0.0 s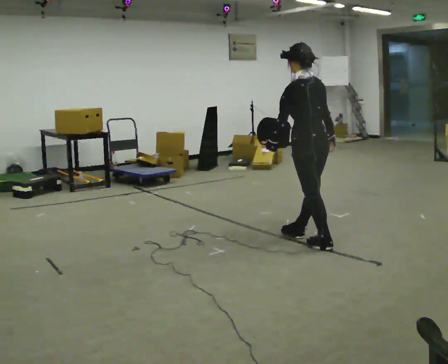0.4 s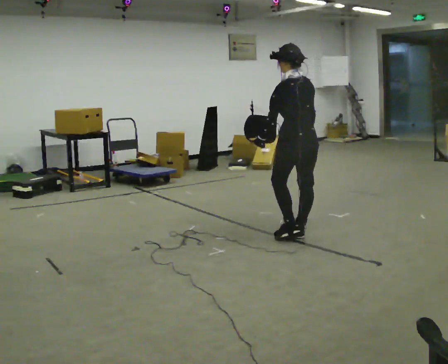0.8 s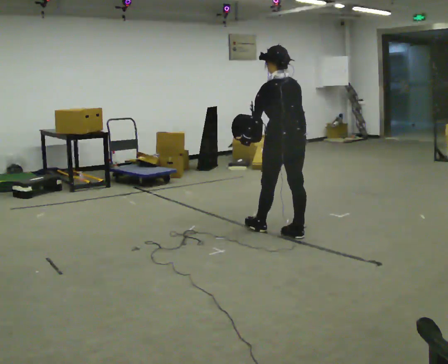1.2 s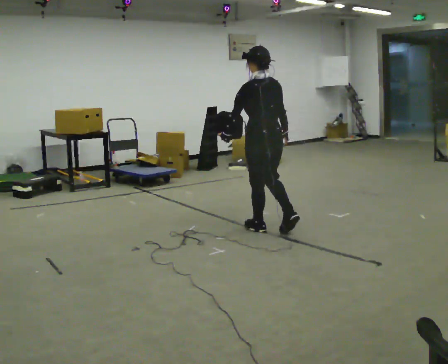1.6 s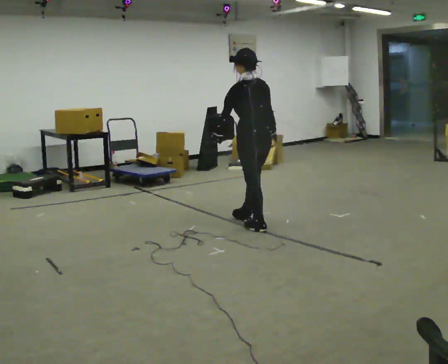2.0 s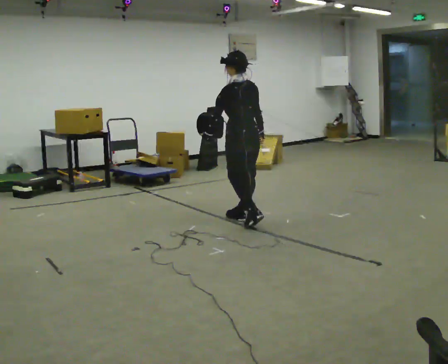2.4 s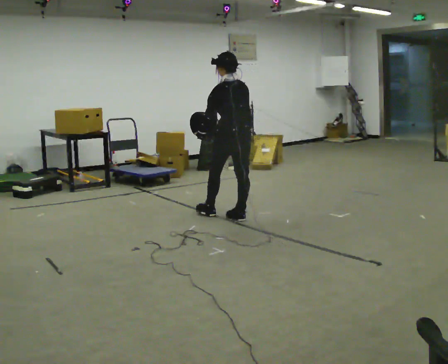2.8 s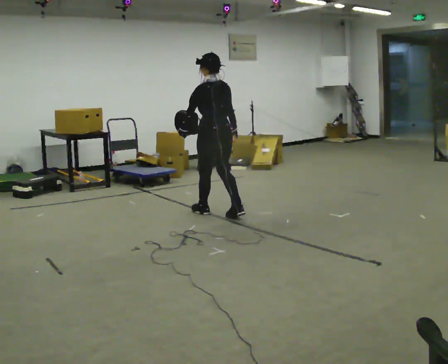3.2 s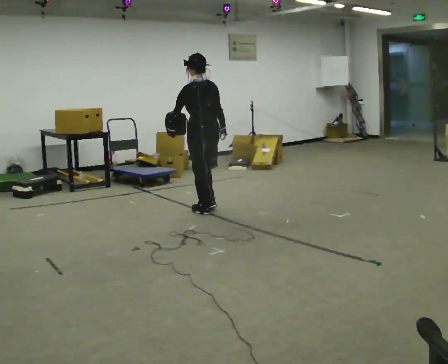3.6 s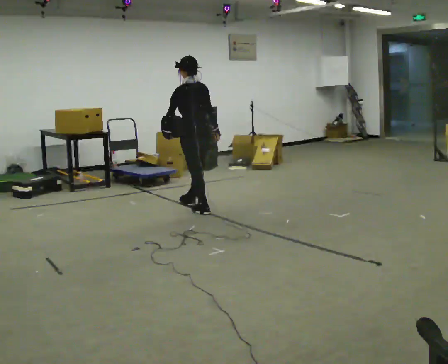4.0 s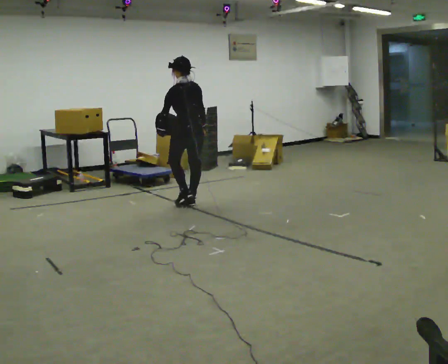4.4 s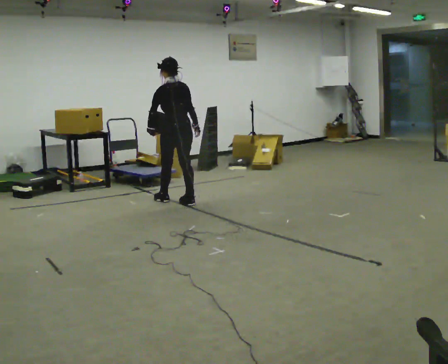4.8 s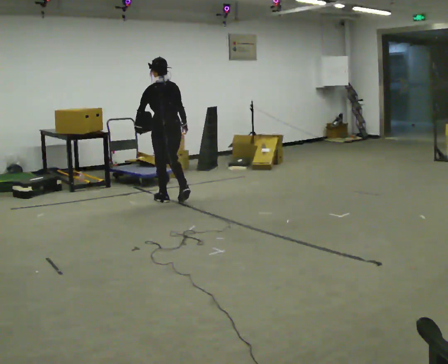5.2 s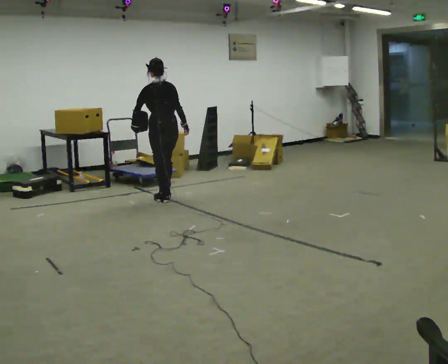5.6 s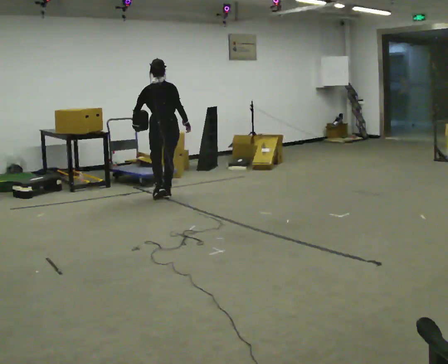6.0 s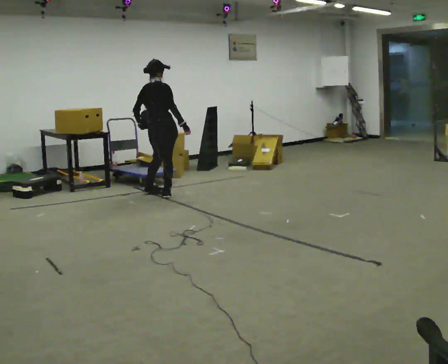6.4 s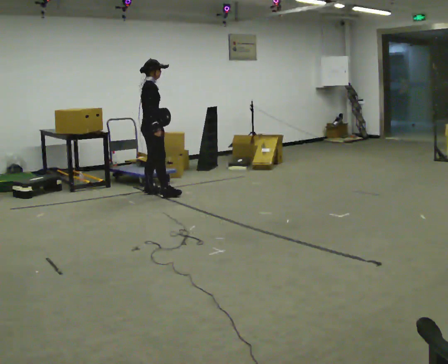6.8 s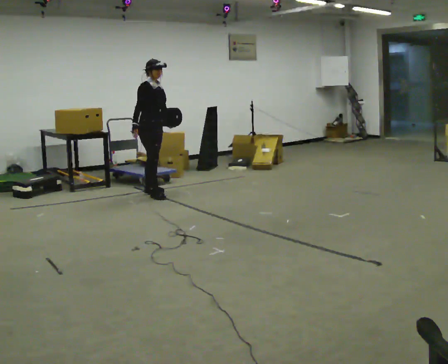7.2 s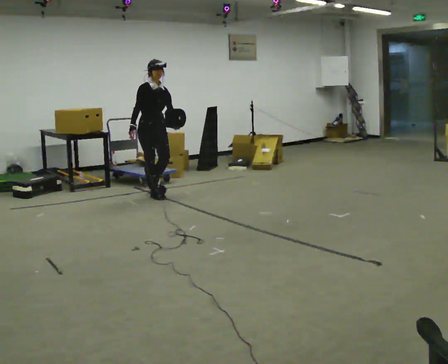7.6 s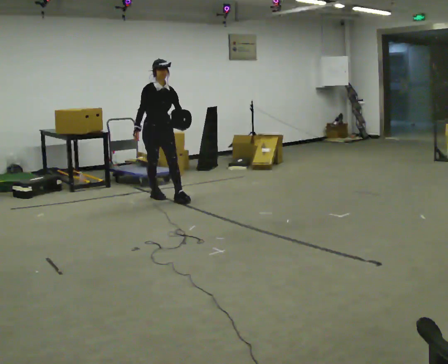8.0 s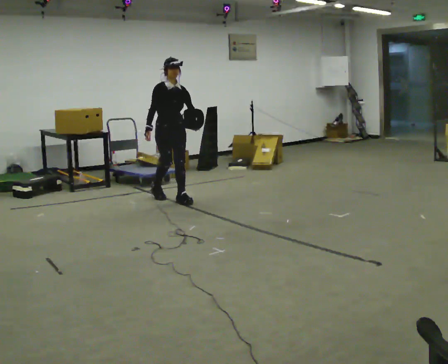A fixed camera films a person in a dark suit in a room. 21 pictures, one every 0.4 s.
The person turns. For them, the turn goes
to their right.
The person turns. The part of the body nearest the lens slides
to the left.
0.0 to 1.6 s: In the picture they go away from the camera and to the left, about 0.75 m in 1 step, which for them is forward.
1.6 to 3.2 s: In the picture they go away from the camera and to the left, about 0.5 m in 2 steps, which for them is forward.
3.2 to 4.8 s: In the picture they go away from the camera and to the left, about 0.75 m in 2 steps, which for them is forward.
4.8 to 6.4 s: The person turns about 105 degrees to their right, clockwise seen from above, so the part of the body nearest the lens slides to the left. In the picture they go away from the camera and to the left, about 0.5 m in 2 steps.
6.4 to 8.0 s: The person turns about 60 degrees to their right, clockwise seen from above, so the part of the body nearest the lens slides to the left. In the picture they go toward the camera and to the right, about 0.5 m in 1 step.
The film runs forward here.
